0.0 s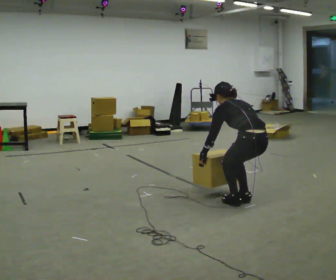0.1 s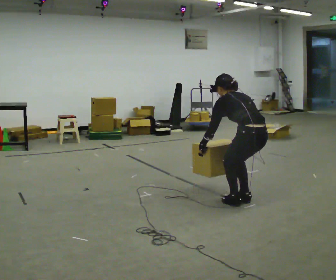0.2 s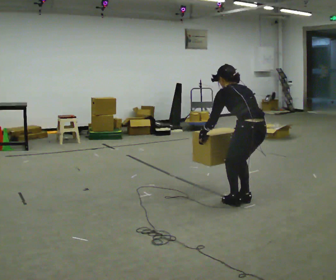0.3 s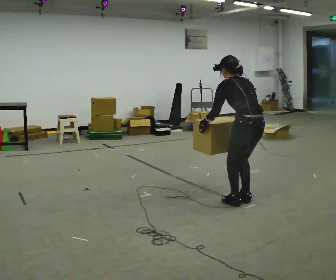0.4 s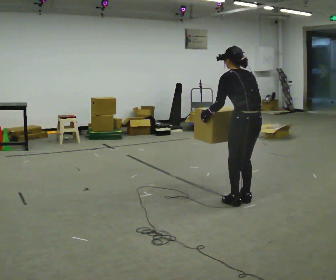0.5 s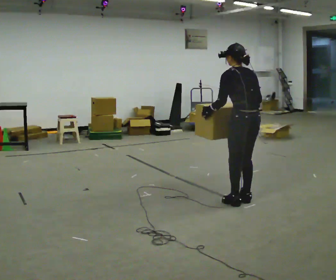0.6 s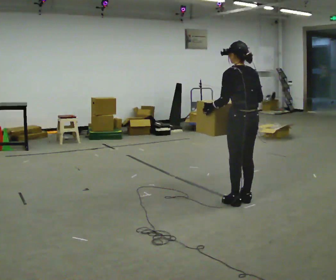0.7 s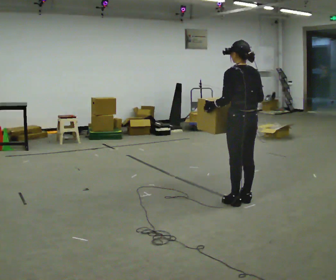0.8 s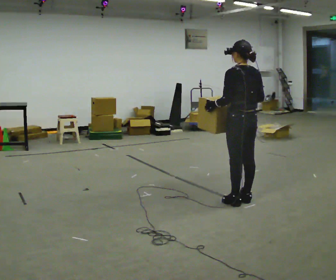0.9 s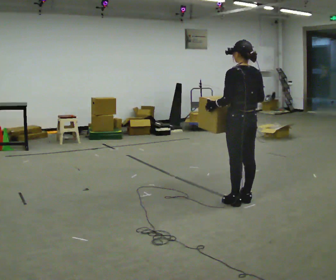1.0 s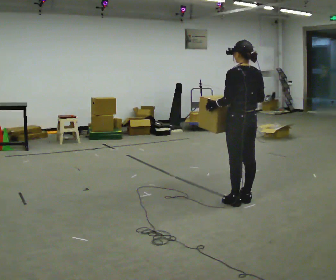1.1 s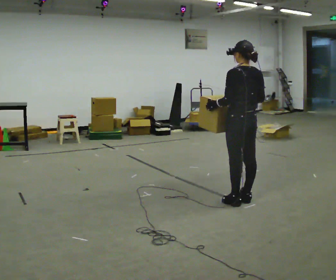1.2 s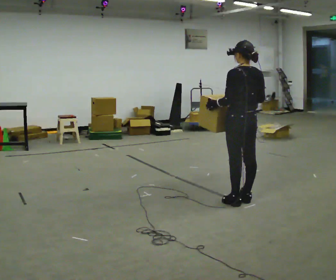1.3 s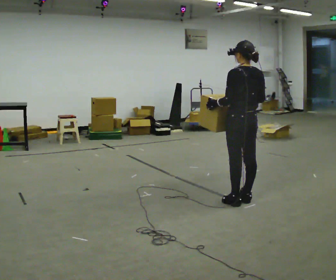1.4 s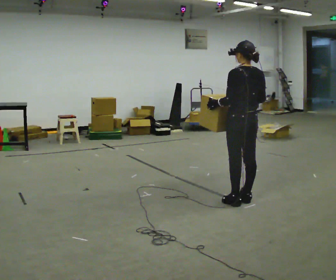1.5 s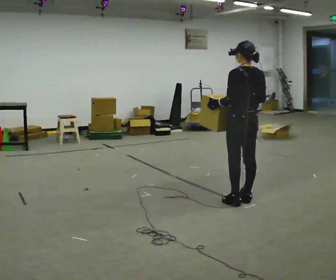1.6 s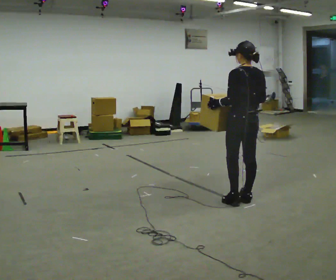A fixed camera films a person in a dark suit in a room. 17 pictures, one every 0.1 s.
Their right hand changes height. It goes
upward.
The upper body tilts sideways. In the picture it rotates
clockwise.
0.0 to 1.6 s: The upper body goes upward. In the picture the upper body tilts clockwise, shoulders to the right, as they lean back or straighten. In the picture their right hand goes upward.
The film runs forward here.
